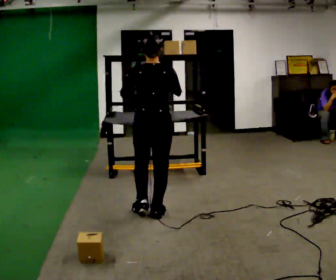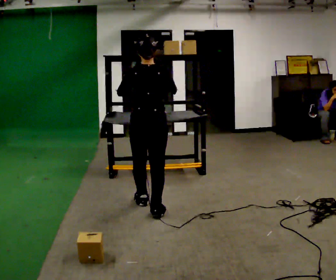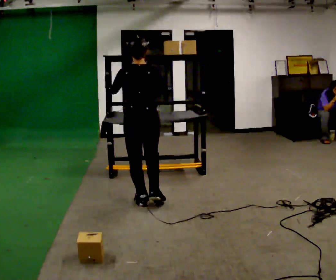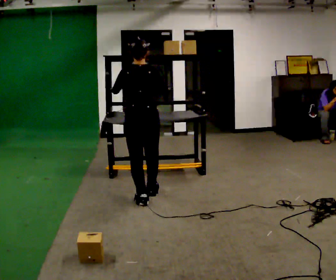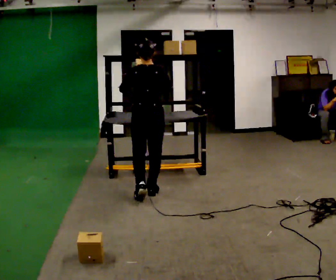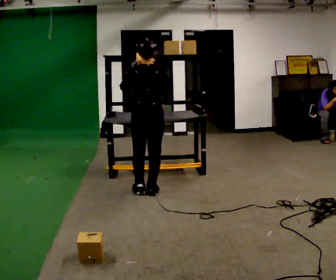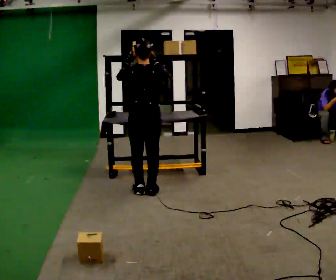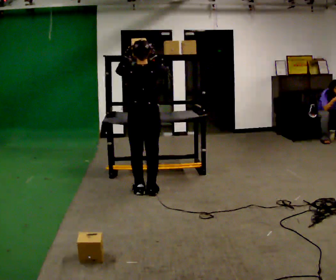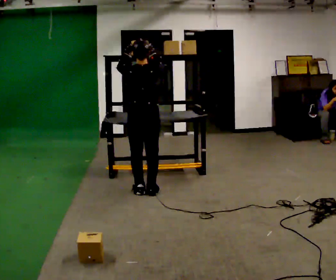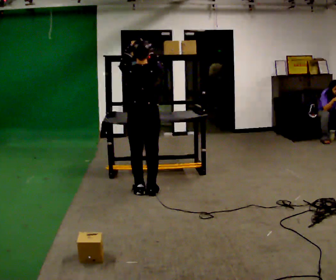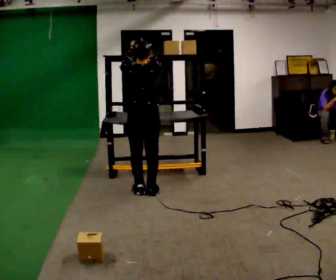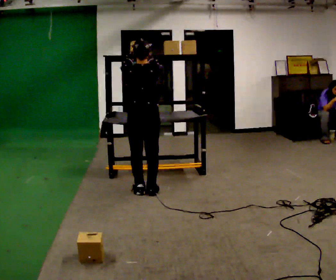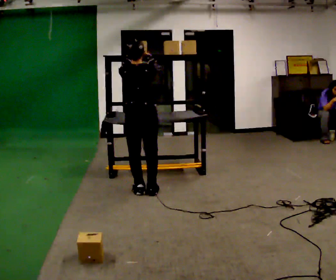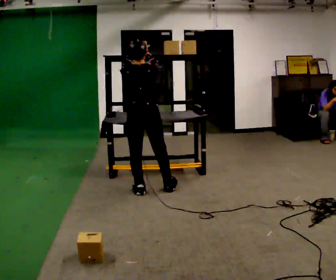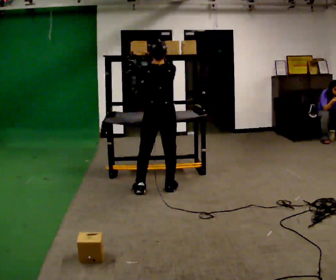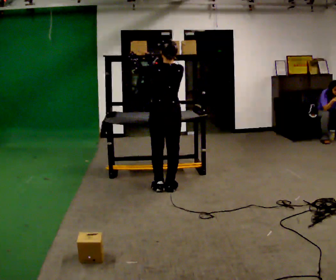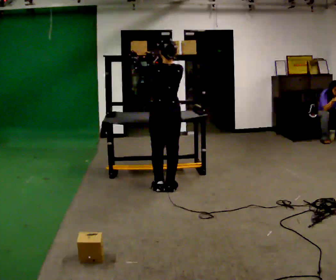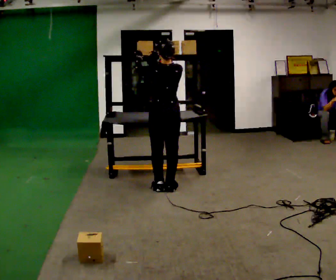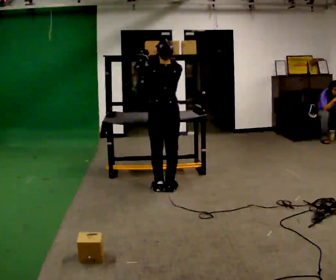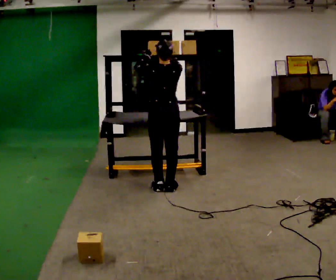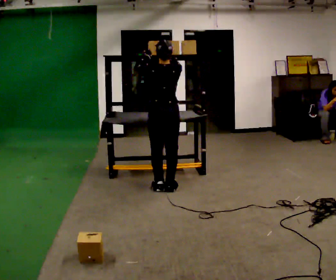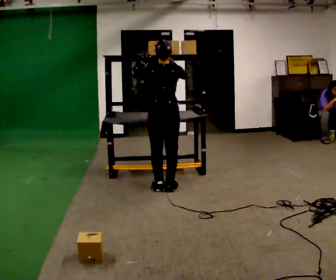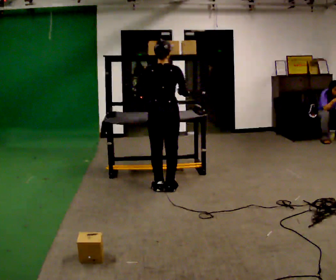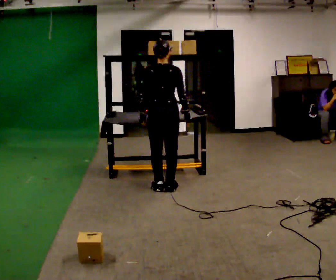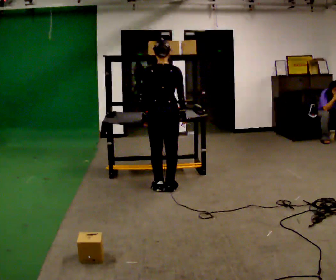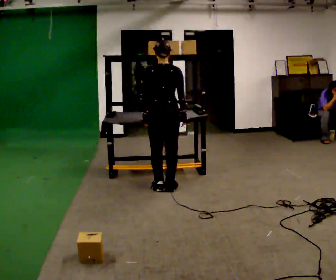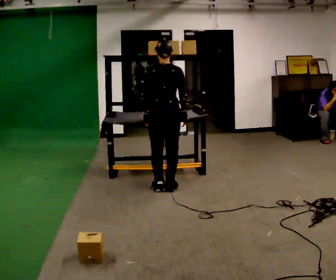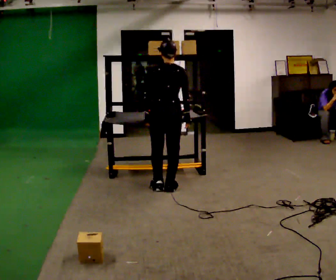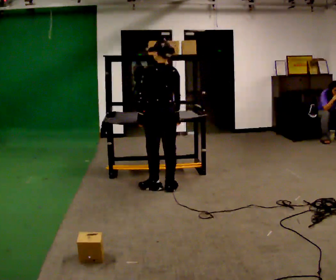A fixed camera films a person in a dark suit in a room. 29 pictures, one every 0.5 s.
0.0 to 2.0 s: In the picture they go away from the camera, about 0.5 m in 2 steps, which for them is forward.
2.0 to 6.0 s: The person moves a little, or ends about where they began.
6.0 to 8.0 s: In the picture they go to the right, about 0.25 m in 2 steps, which for them is to their right and forward.
8.0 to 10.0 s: The person moves a little, or ends about where they began.
10.0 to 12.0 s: In the picture their right hand goes downward.
12.0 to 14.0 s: Seen from above the body turns counterclockwise, about 30 degrees: to their left, with its near side sliding to the right.
The film runs forward here.
